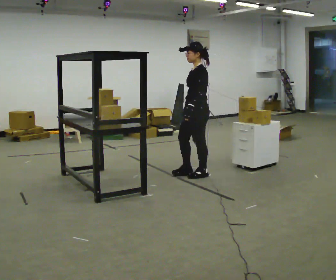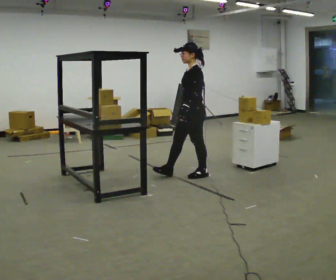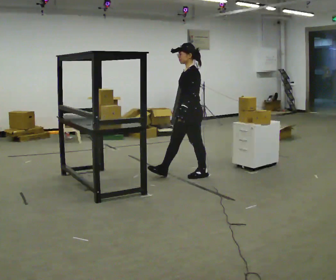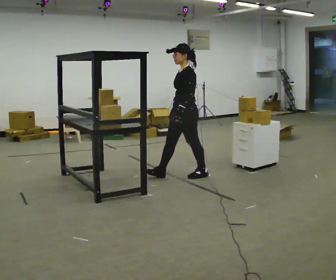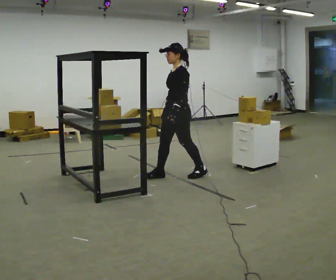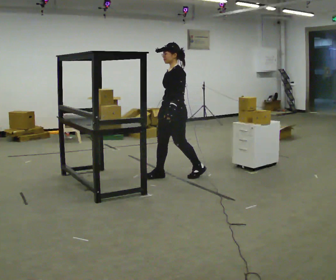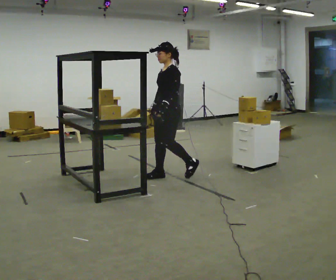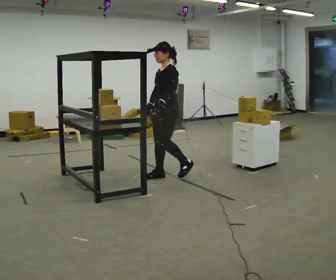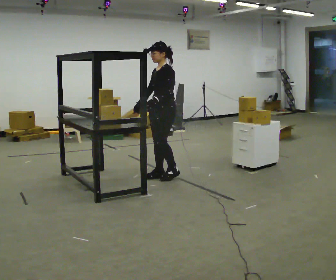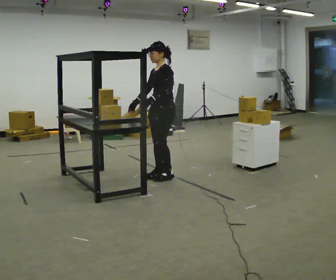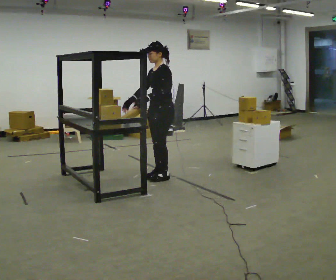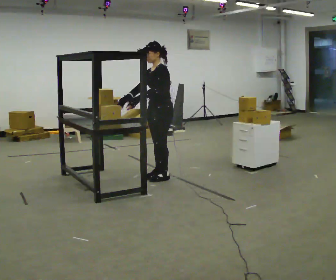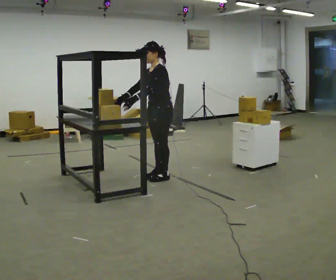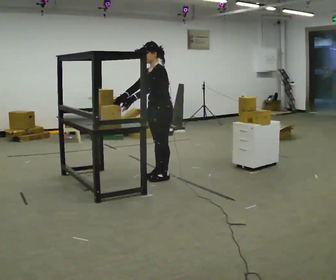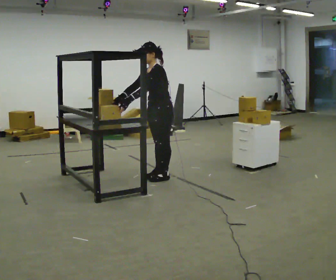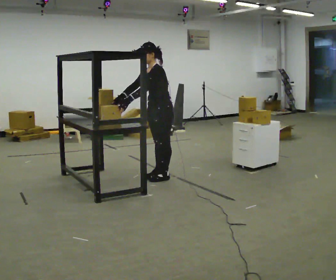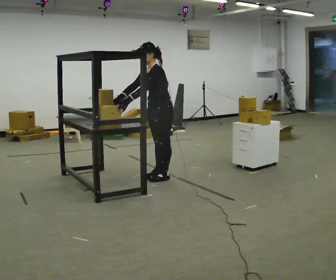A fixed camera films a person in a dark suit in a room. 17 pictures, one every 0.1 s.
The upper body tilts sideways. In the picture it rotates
counterclockwise.
0.0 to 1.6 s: In the picture they go to the left, about 0.5 m in 2 steps, which for them is forward and to their right. In the picture the upper body tilts counterclockwise, shoulders to the left, as they bend forward.
The film runs forward here.
